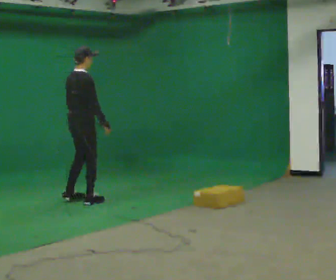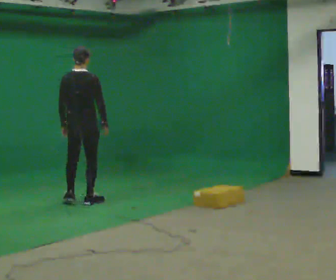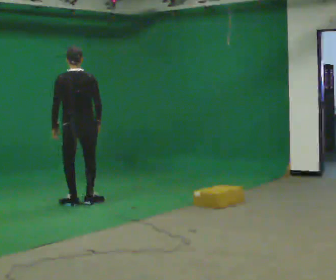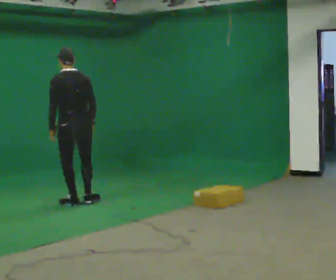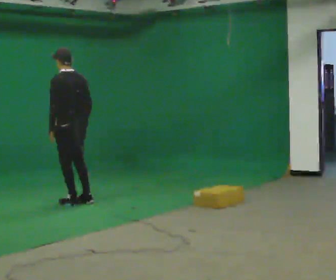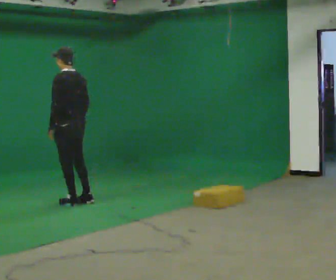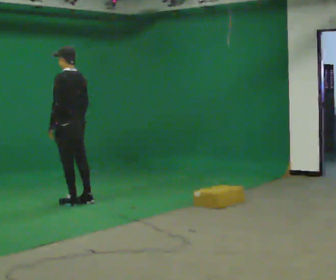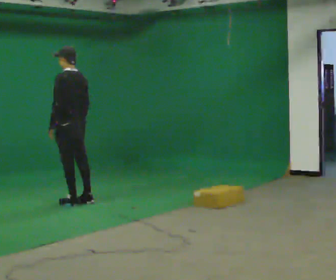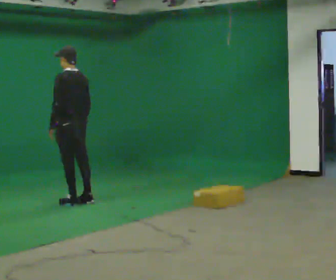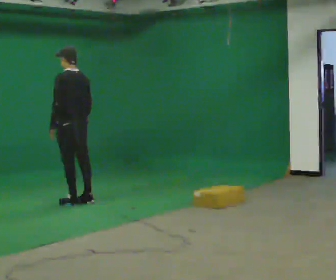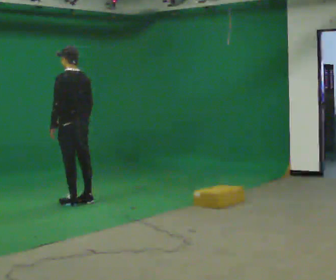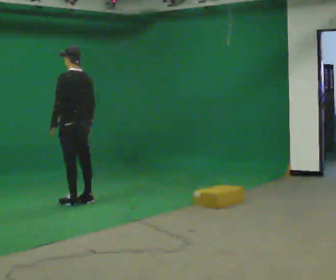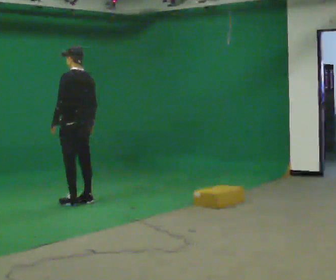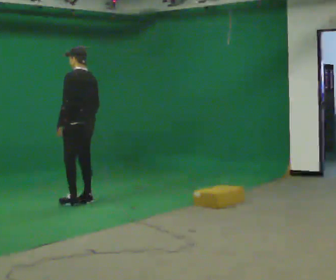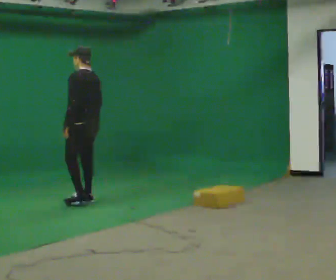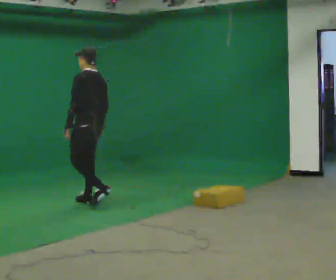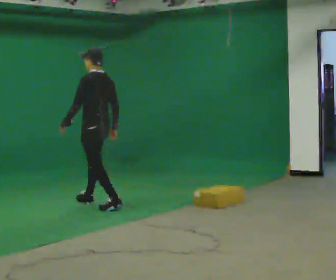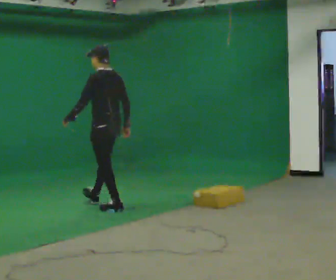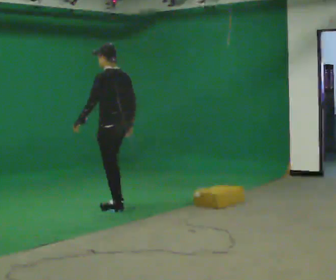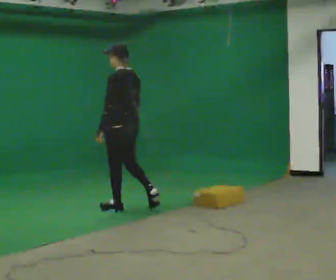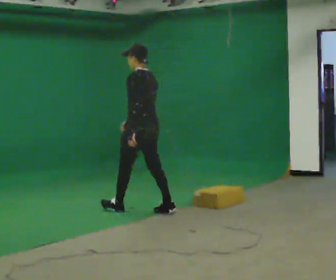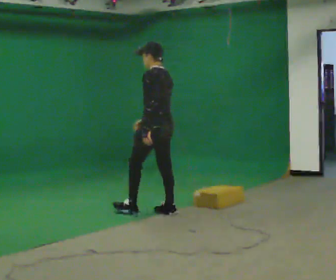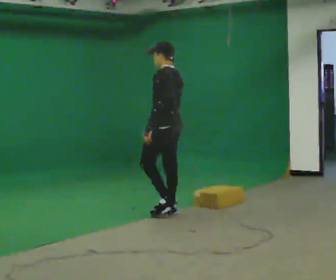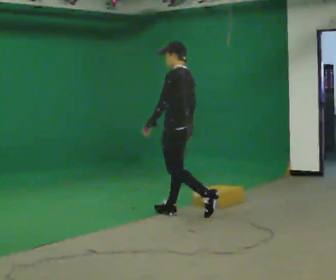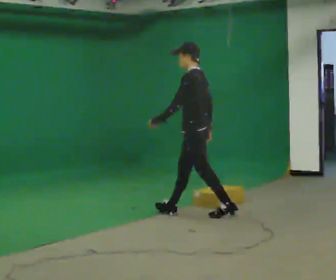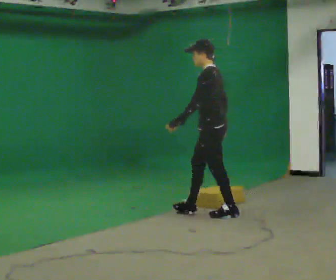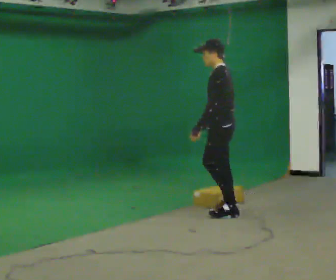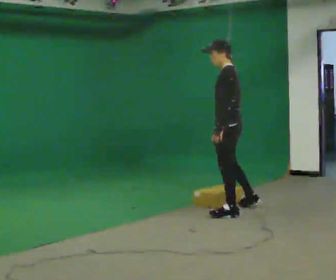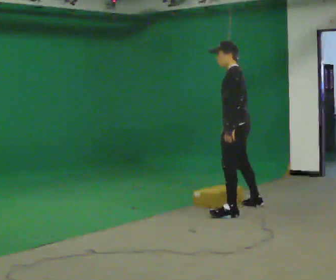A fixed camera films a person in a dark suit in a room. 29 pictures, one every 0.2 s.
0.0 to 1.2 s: The part of the body nearest the lens slides to the right as the person turns to their left by about 120 degrees.
1.2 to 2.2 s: The person moves a little, or ends about where they began.
2.2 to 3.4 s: In the picture they go to the right and toward the camera, about 0.5 m in 2 steps, which for them is backward.
3.4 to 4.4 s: In the picture they go to the right and toward the camera, about 0.5 m in 1 step, which for them is backward.
4.4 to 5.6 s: In the picture they go to the right, about 0.5 m in 1 step, which for them is backward.
The film runs backward here.
